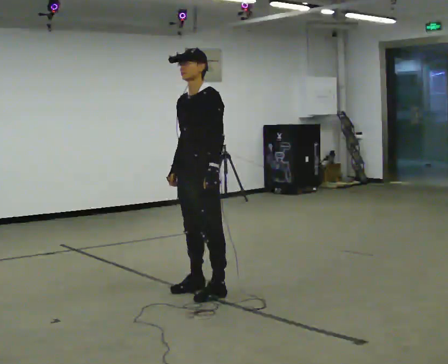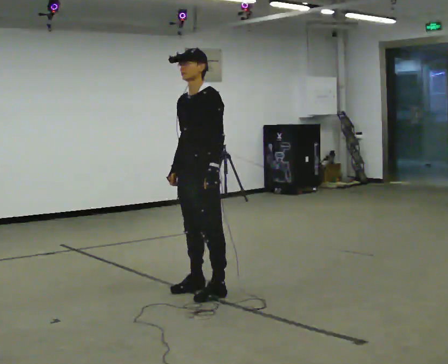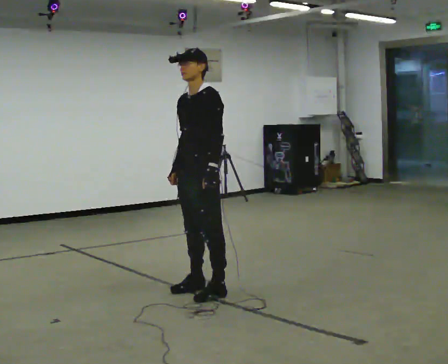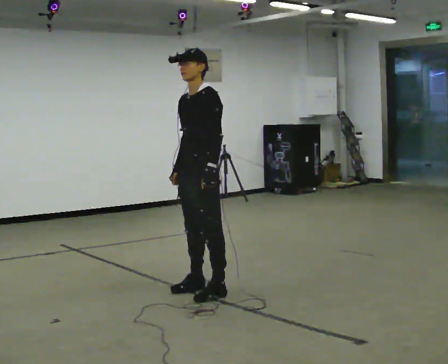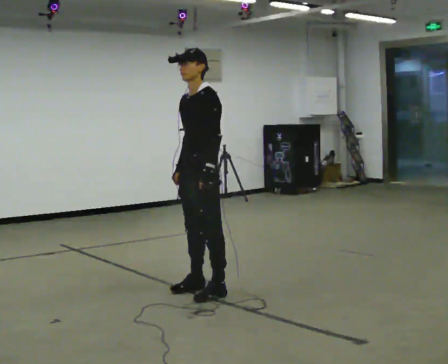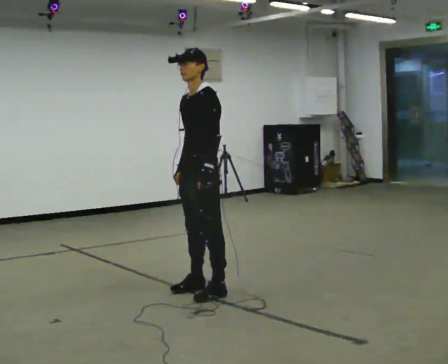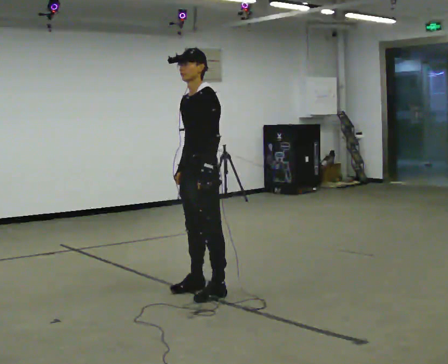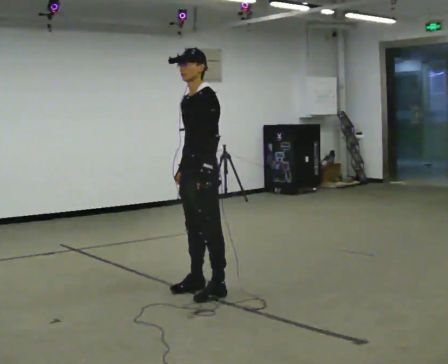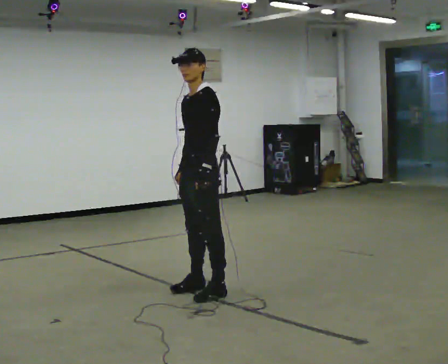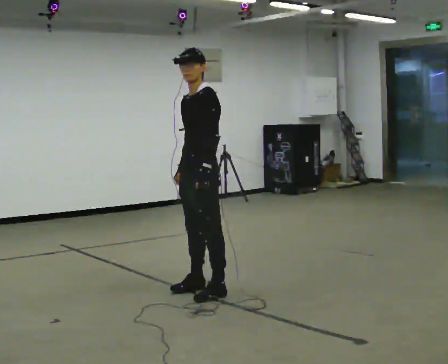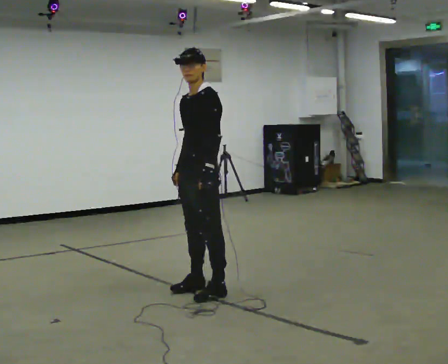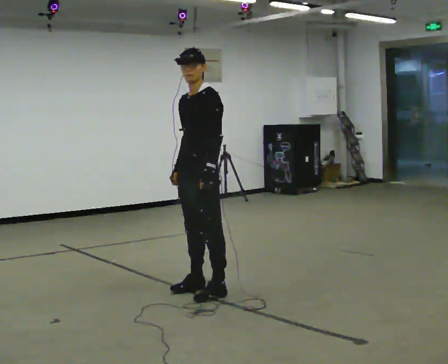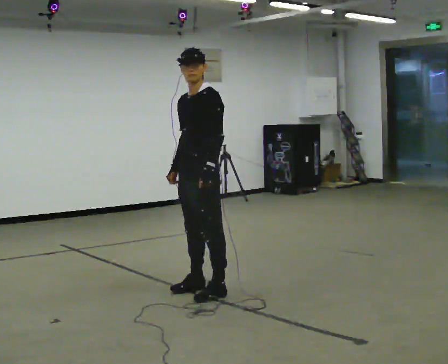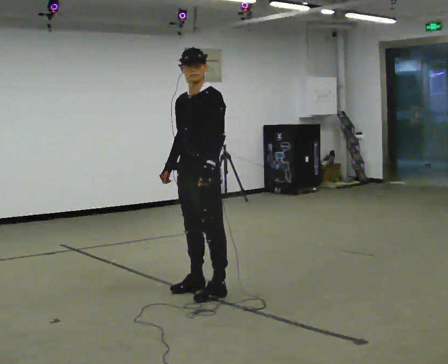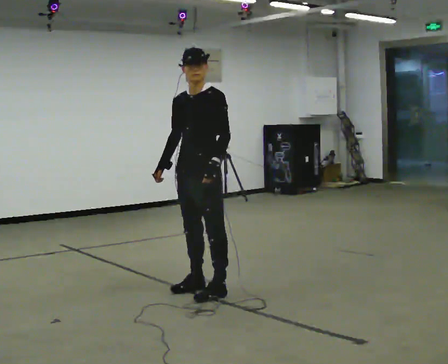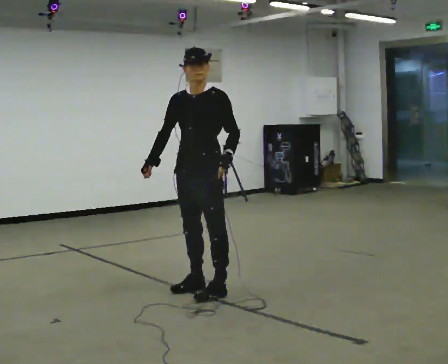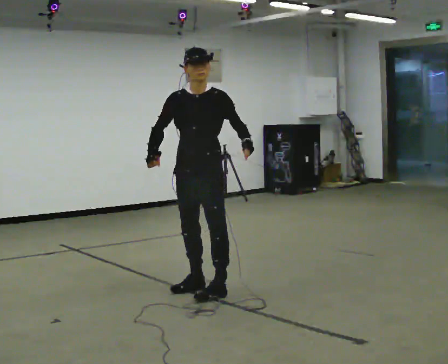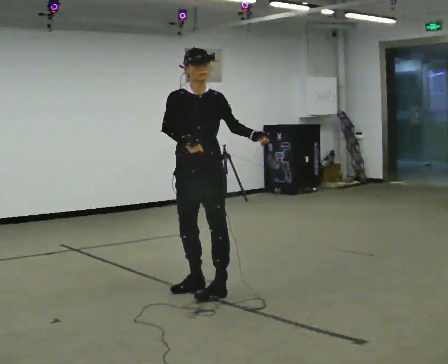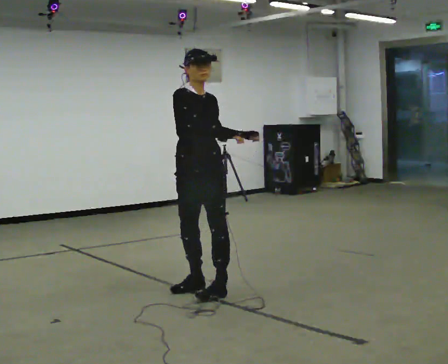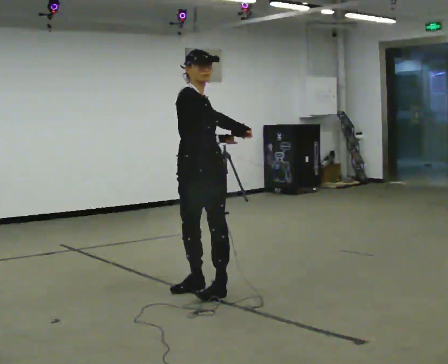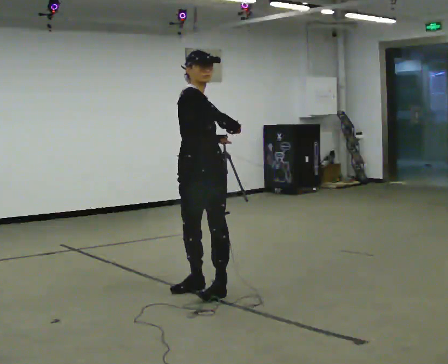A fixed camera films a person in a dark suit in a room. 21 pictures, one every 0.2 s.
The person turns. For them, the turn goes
to their left.
The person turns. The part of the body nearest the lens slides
to the right.
0.0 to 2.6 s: The person moves a little, or ends about where they began.
2.6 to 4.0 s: The person turns about 90 degrees to their left, counterclockwise seen from above, so the part of the body nearest the lens slides to the right. In the picture their right hand goes to the right and upward.
The film runs forward here.
